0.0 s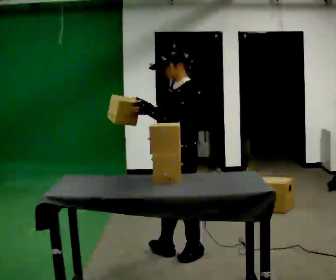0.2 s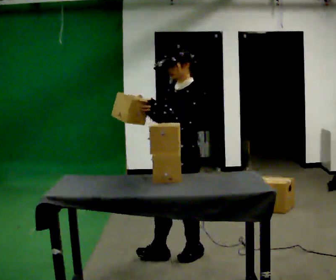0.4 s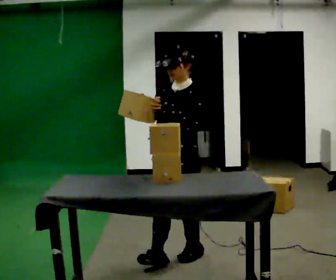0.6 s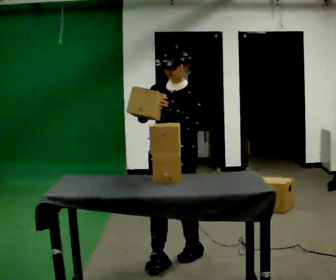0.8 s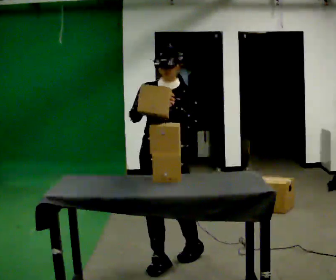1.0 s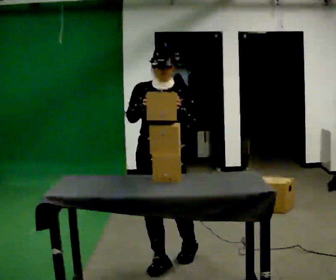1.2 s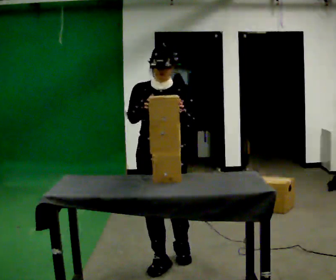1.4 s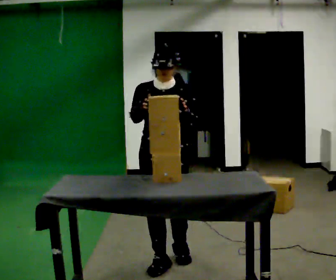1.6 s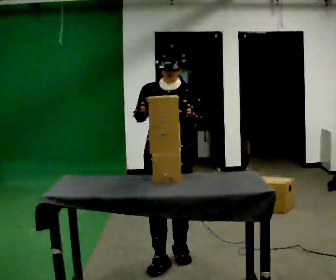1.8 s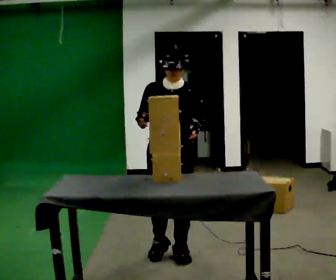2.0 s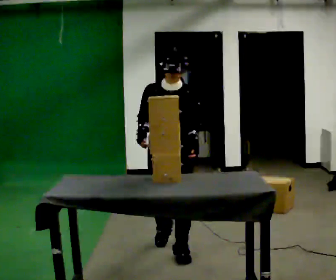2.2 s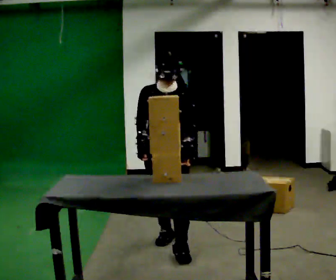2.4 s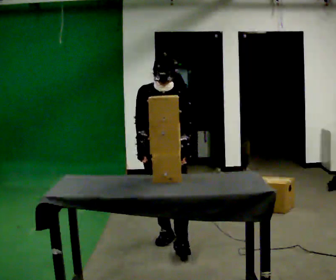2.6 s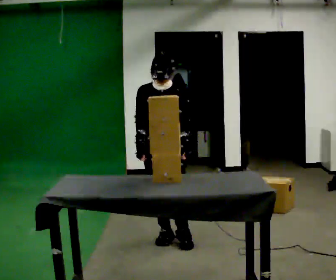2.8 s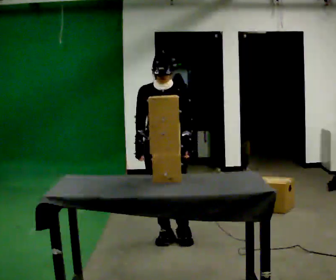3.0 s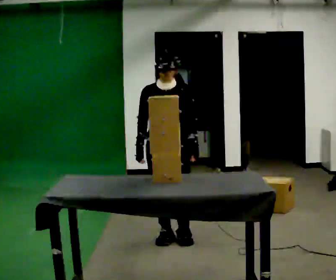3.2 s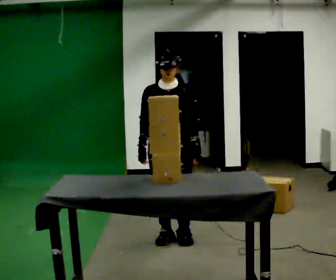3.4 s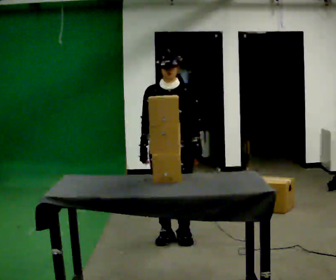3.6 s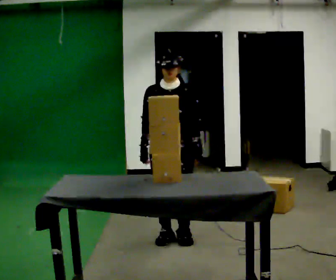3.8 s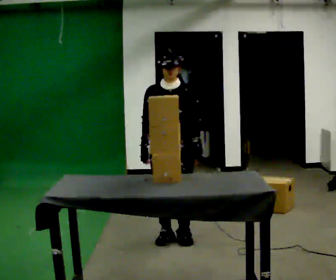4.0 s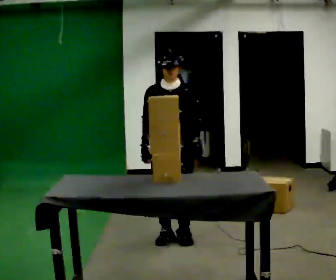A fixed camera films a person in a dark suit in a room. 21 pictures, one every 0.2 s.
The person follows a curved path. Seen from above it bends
clockwise.
The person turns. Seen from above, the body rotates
counterclockwise.
0.0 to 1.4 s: The part of the body nearest the lens slides to the right as the person turns to their left by about 75 degrees. In the picture they go to the left, about 0.25 m in 1 step.
1.4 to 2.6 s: In the picture they go away from the camera, about 0.5 m in 2 steps, which for them is backward. In the picture their right hand goes downward.
2.6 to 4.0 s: The person moves a little, or ends about where they began.
The film runs backward here.
